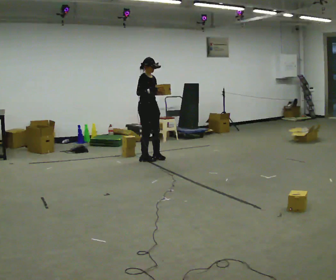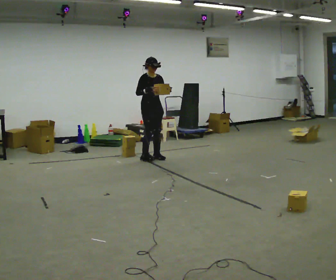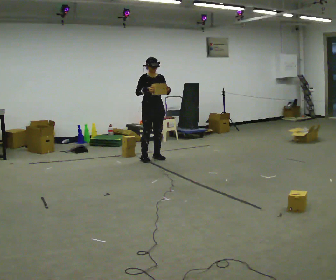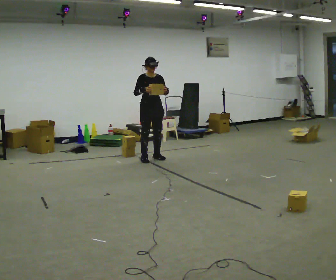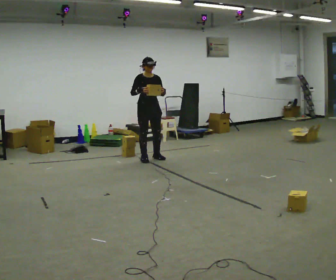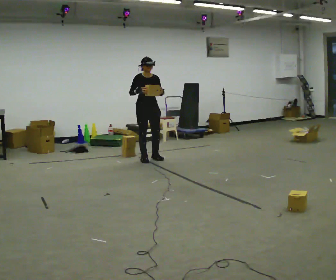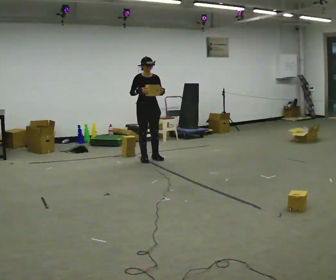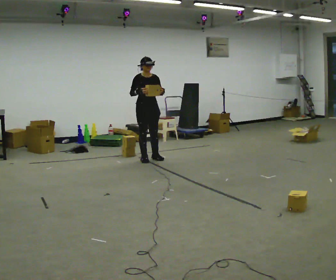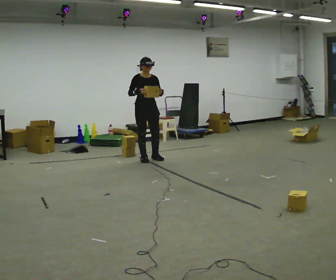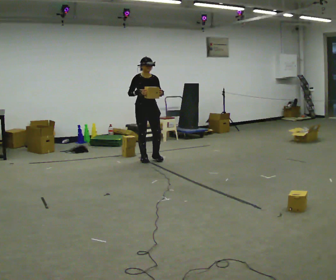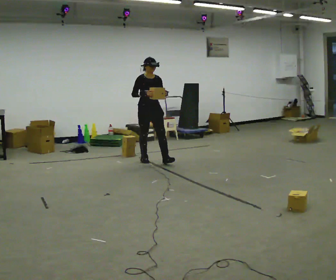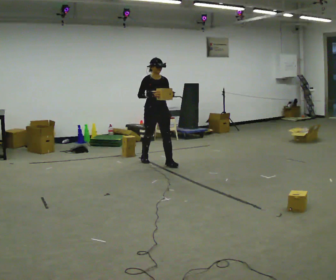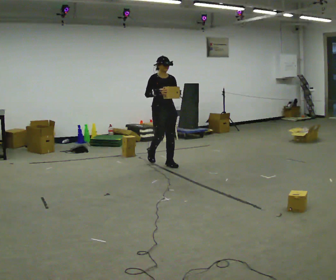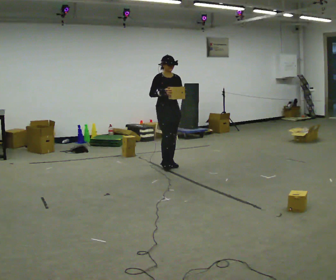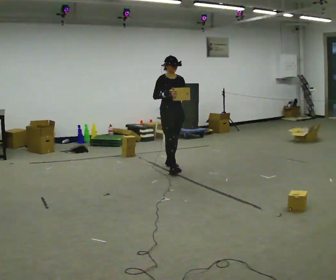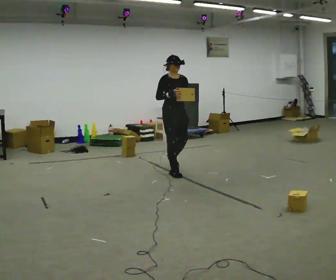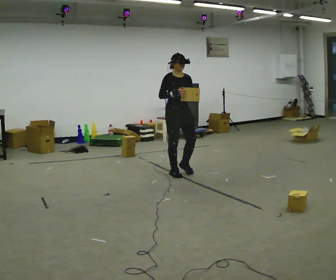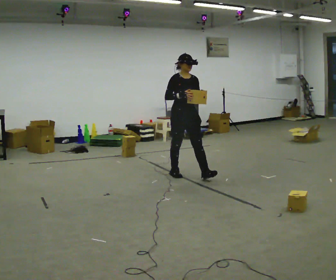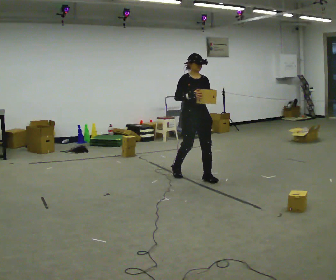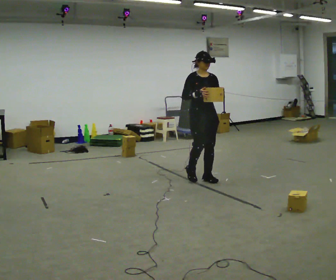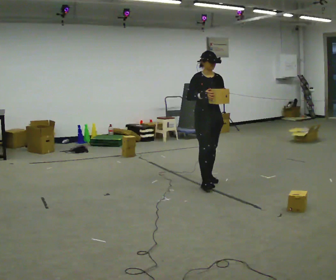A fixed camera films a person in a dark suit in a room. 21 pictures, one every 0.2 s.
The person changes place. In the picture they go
toward the camera.
0.0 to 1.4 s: Seen from above the body turns clockwise, about 30 degrees: to their right, with its near side sliding to the left.
1.4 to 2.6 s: In the picture they go toward the camera and to the right, about 0.5 m in 1 step, which for them is forward.
2.6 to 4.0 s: In the picture they go toward the camera and to the right, about 1 m in 2 steps, which for them is forward.
The film runs forward here.
